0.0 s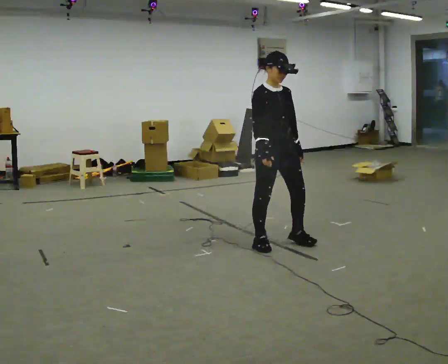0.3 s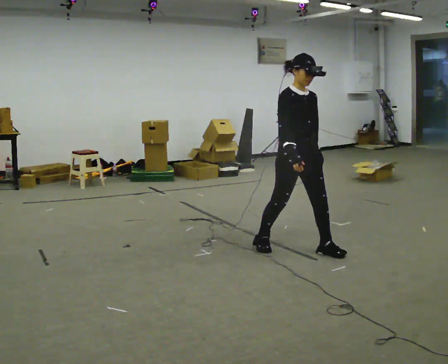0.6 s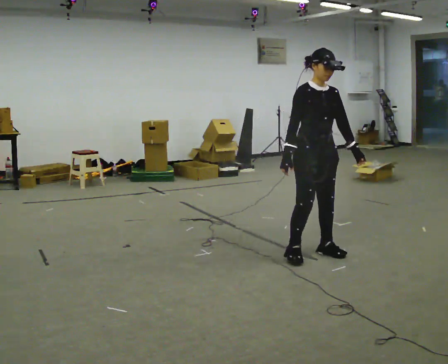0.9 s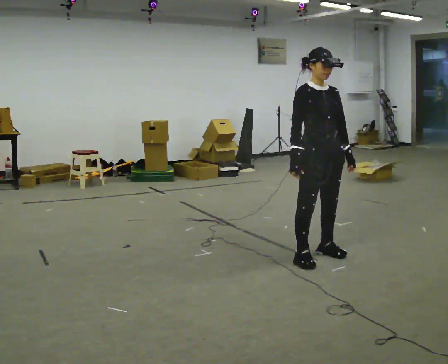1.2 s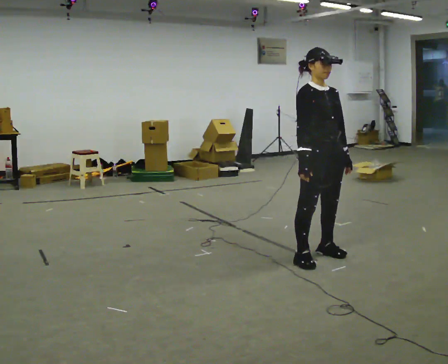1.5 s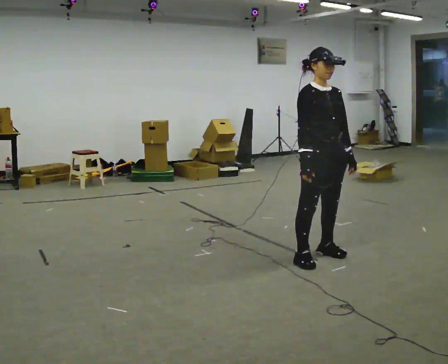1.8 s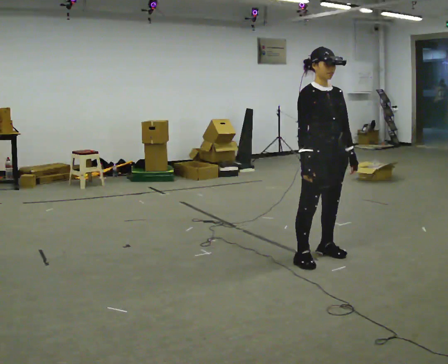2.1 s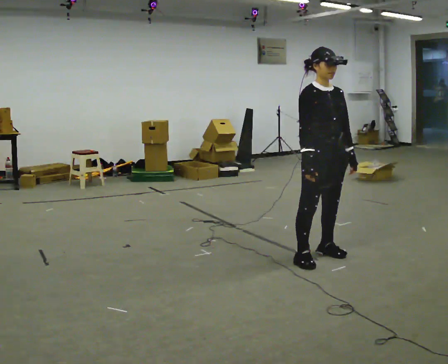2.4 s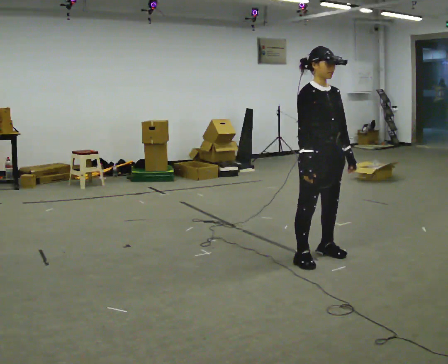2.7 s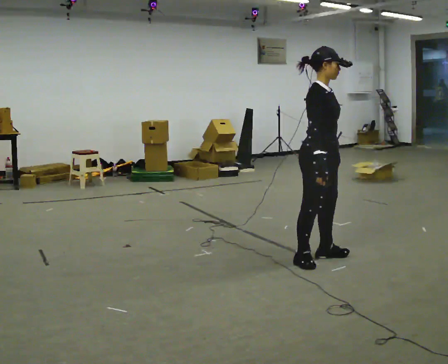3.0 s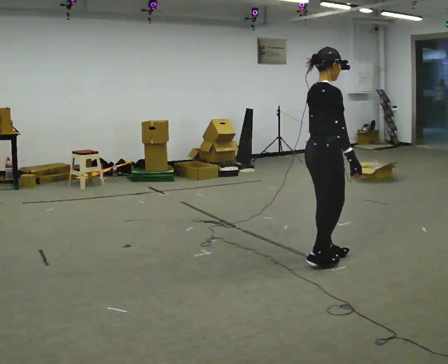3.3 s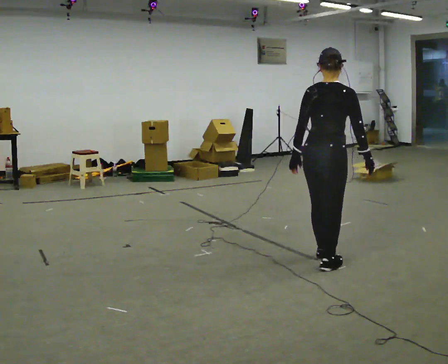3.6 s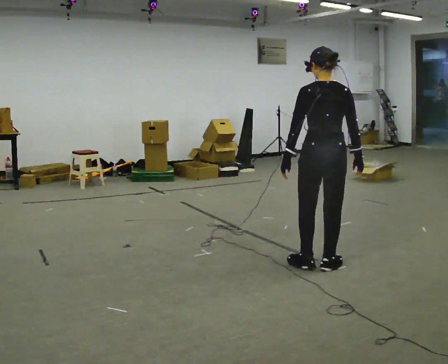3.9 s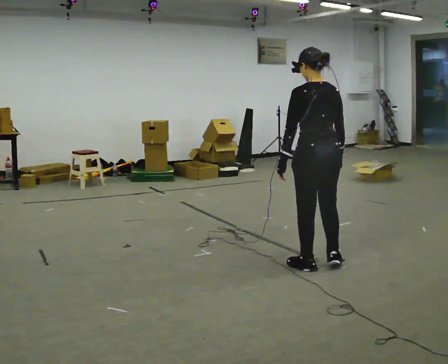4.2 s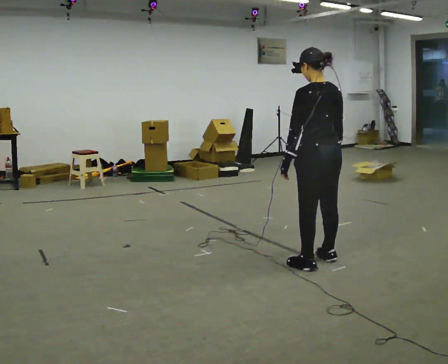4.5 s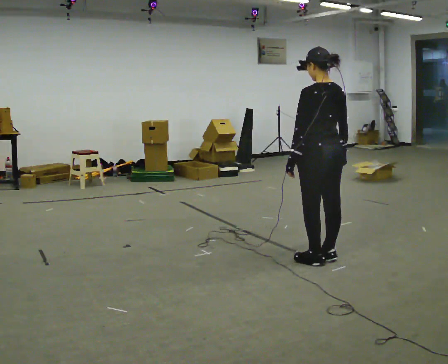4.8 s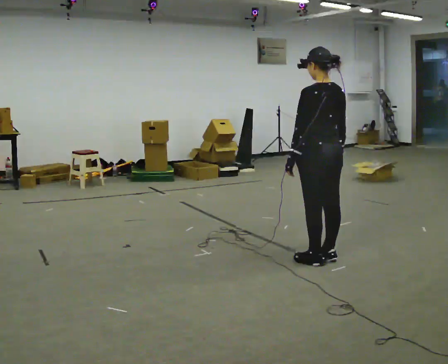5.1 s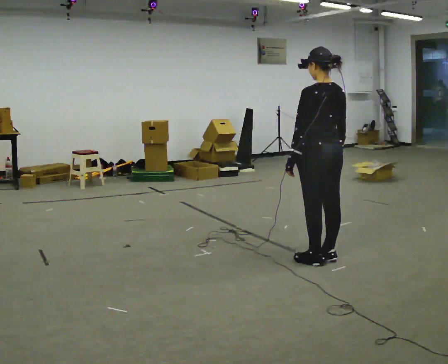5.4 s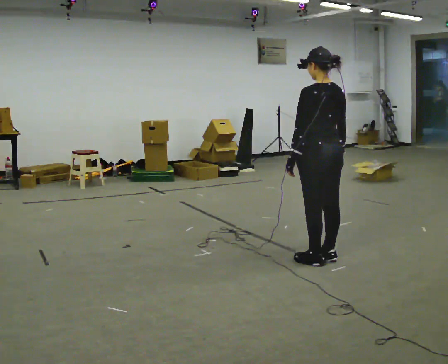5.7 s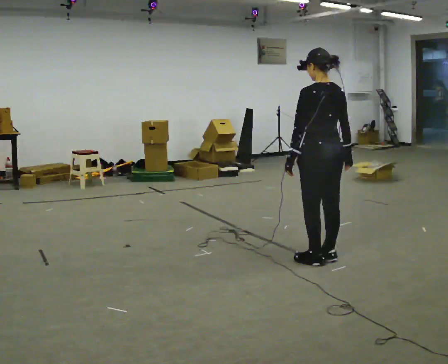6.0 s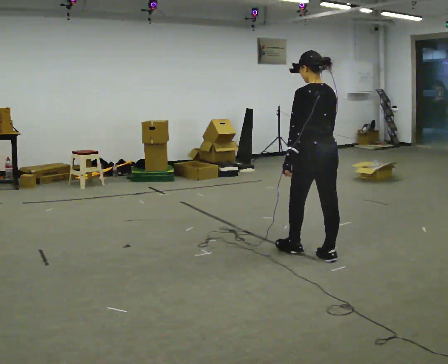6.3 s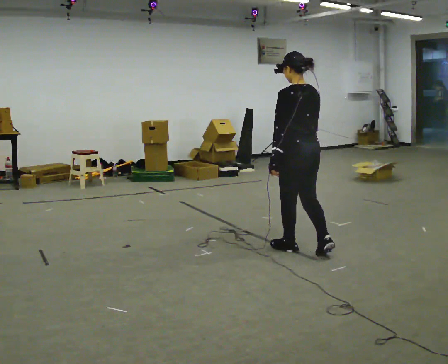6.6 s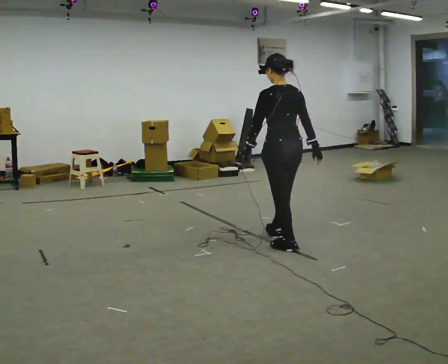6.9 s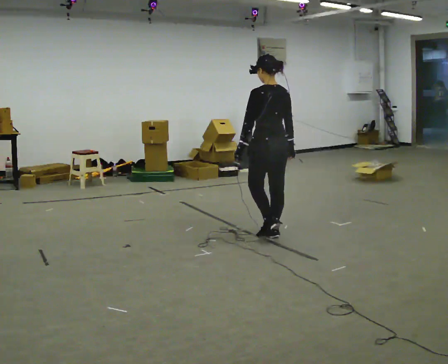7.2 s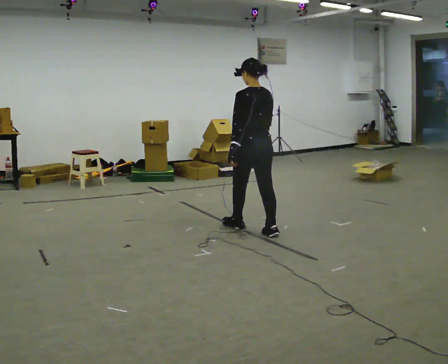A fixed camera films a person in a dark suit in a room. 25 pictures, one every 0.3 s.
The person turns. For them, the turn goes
to their left.
The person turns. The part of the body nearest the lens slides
to the right.
0.0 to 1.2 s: In the picture they go to the right and toward the camera, about 0.5 m in 2 steps, which for them is forward.
1.2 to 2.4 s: The person moves a little, or ends about where they began.
2.4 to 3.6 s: The person turns about 135 degrees to their left, counterclockwise seen from above, so the part of the body nearest the lens slides to the right. In the picture they go toward the camera, about 0.25 m in 1 step. In the picture their left hand goes to the left, the arm swinging clockwise.
3.6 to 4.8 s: The part of the body nearest the lens slides to the right as the person turns to their left by about 30 degrees. In the picture they go away from the camera, about 0.25 m in 2 steps, which for them is forward.
4.8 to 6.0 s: The person moves a little, or ends about where they began.
6.0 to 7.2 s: In the picture they go to the left and away from the camera, about 1 m in 2 steps, which for them is forward.
The film runs forward here.
